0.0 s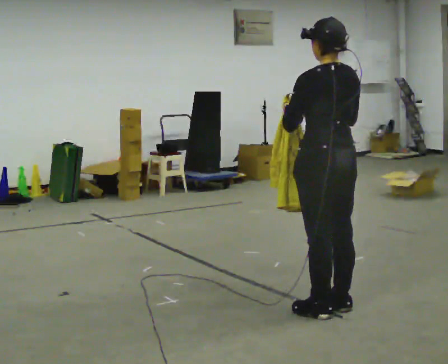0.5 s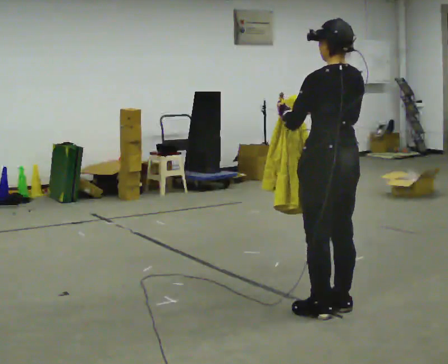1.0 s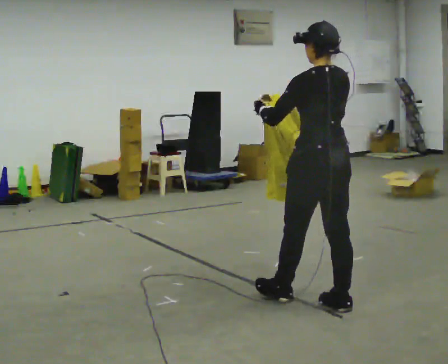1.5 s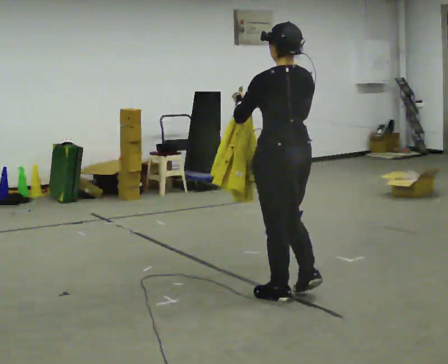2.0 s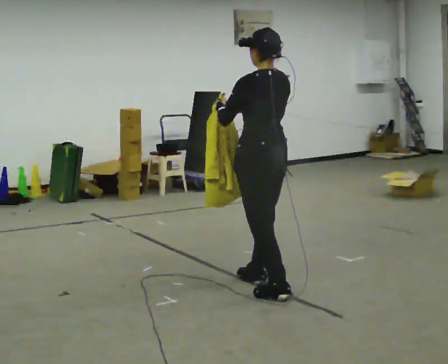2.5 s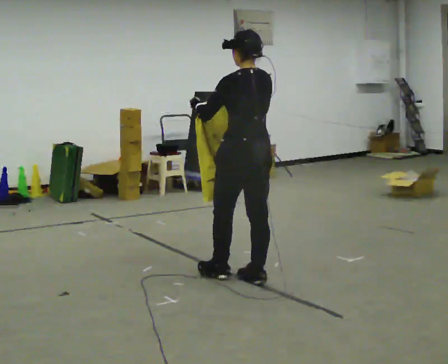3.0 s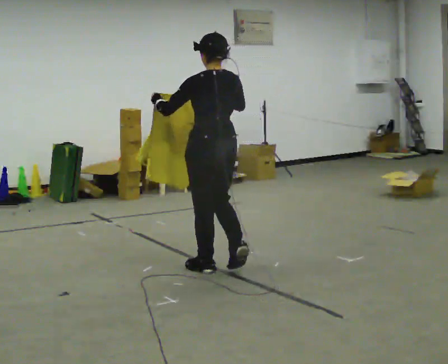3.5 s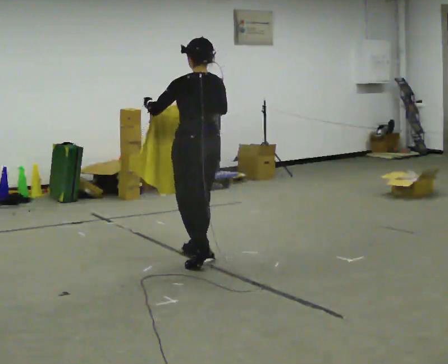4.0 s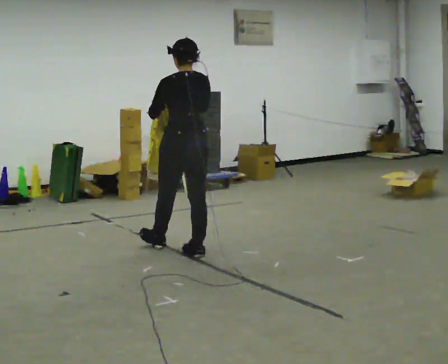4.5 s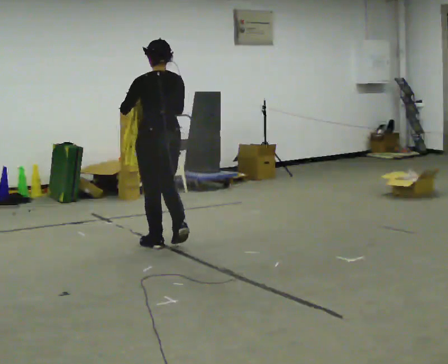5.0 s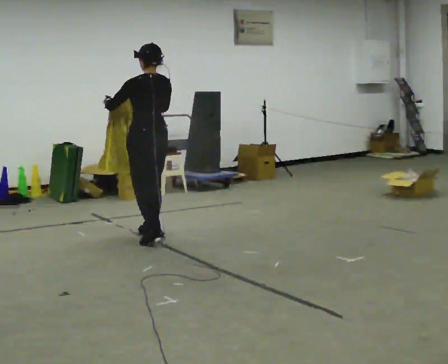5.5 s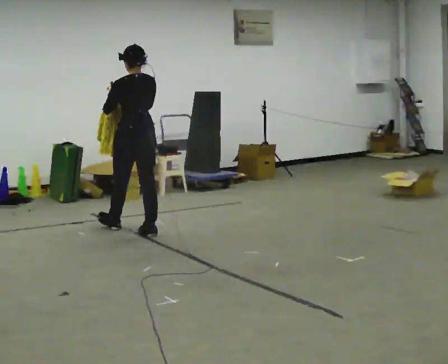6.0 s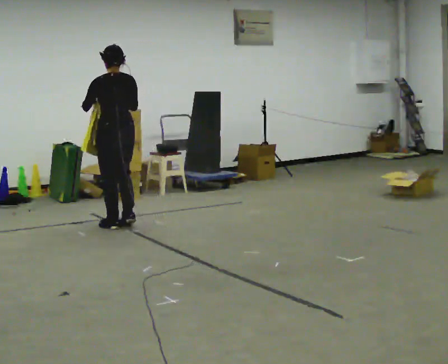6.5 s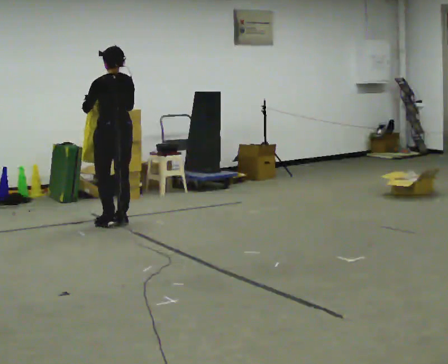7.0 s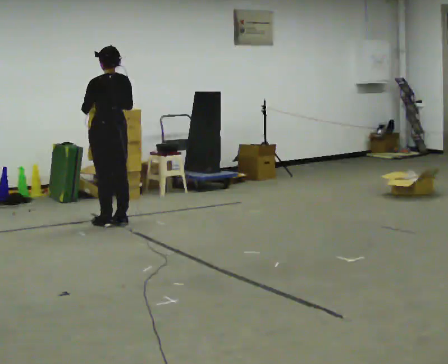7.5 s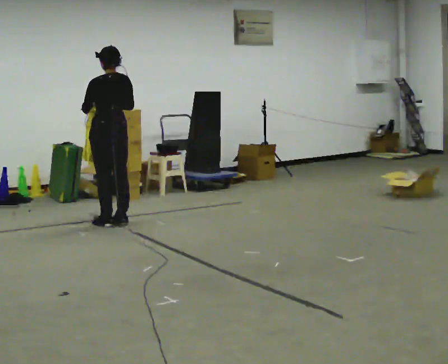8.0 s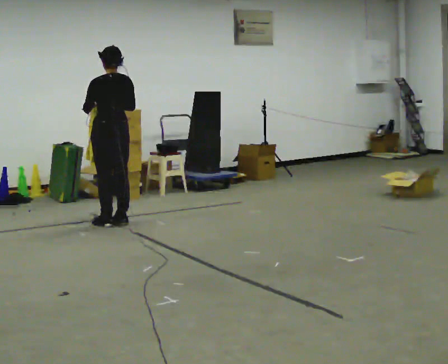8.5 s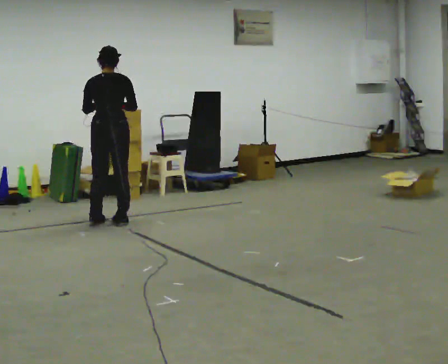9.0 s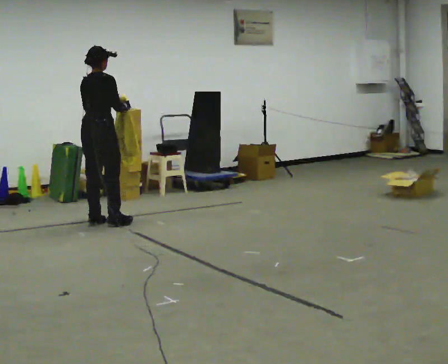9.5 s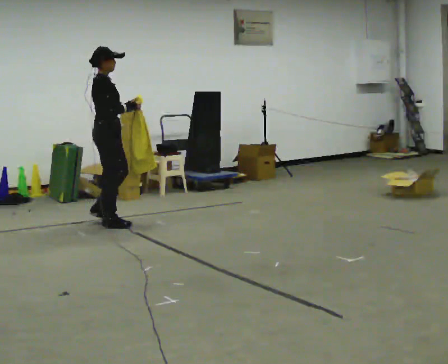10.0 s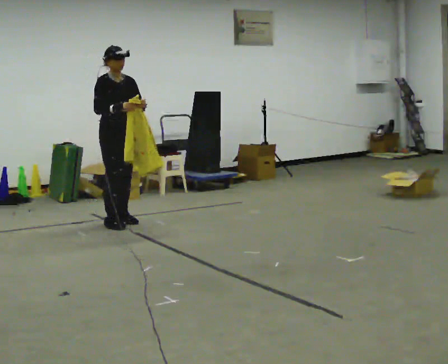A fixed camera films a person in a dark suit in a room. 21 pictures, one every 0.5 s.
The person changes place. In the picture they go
away from the camera.
0.0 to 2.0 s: In the picture they go away from the camera and to the left, about 0.5 m in 2 steps, which for them is forward.
2.0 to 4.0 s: In the picture they go away from the camera and to the left, about 1 m in 2 steps, which for them is forward.
4.0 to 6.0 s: In the picture they go away from the camera and to the left, about 1 m in 3 steps, which for them is forward.
6.0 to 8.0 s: In the picture they go away from the camera, about 0.25 m in 1 step, which for them is forward.
8.0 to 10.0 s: The part of the body nearest the lens slides to the left as the person turns to their right by about 165 degrees. In the picture their left hand goes to the right.
The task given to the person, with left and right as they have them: Carry the cloth and, while walking, fold it in half, then unfold it. Keep repeating as you walk. Do not stop.
The film runs forward here.
